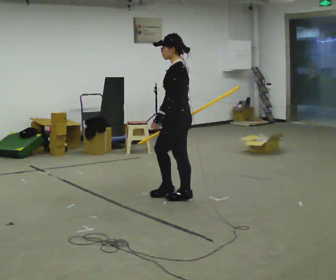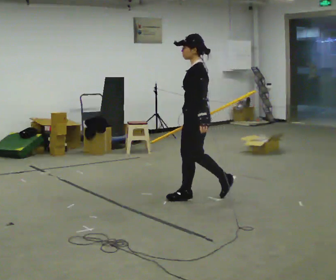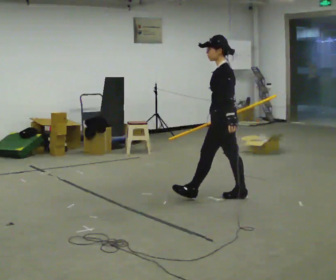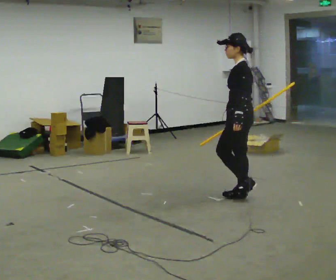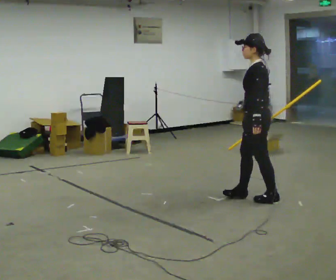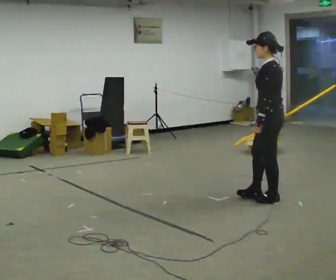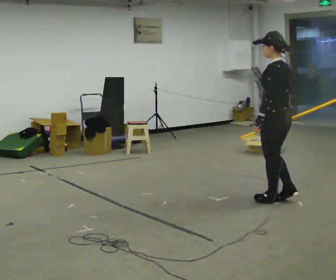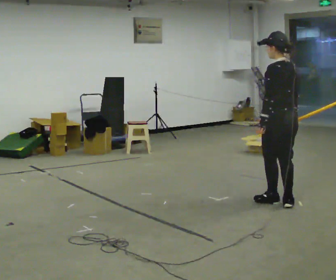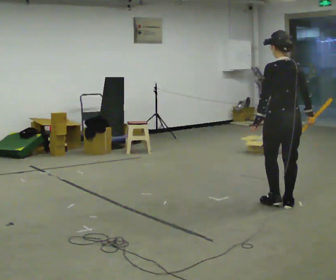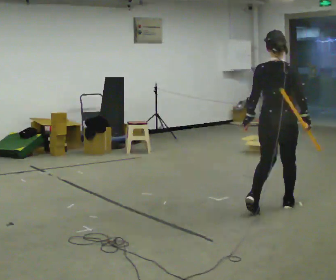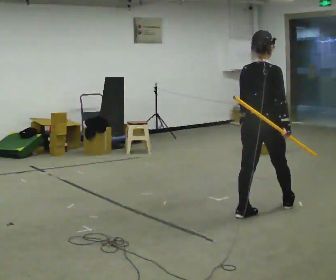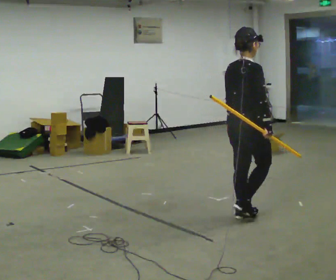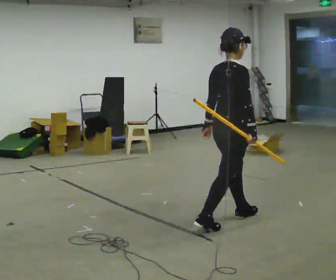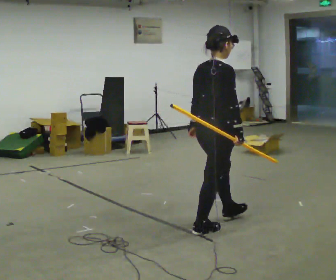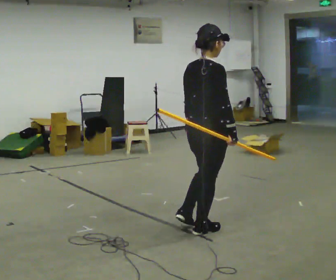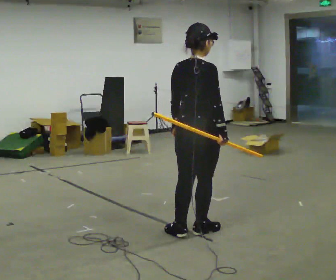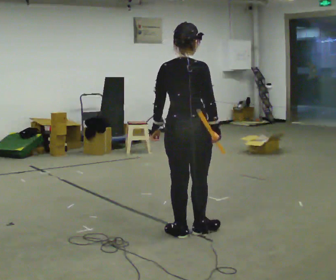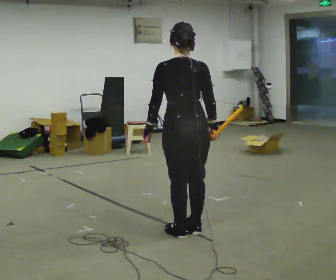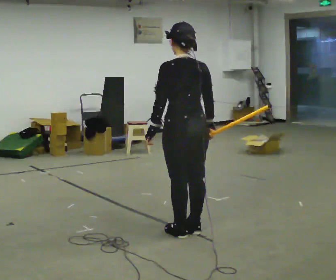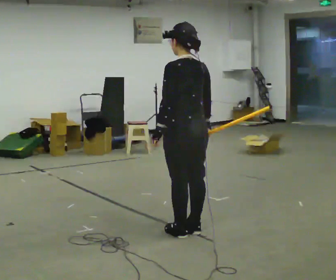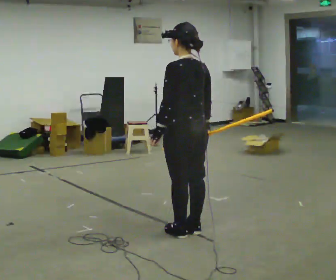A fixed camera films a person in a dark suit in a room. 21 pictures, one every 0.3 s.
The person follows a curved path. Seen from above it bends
clockwise.
0.0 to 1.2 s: In the picture they go to the right, about 1 m in 1 step, which for them is backward.
1.2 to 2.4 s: The part of the body nearest the lens slides to the left as the person turns to their right by about 60 degrees. In the picture they go to the right and toward the camera, about 0.25 m in 2 steps.
2.4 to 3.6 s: The person turns about 75 degrees to their right, clockwise seen from above, so the part of the body nearest the lens slides to the left. In the picture they go toward the camera and to the left, about 0.5 m in 1 step.
3.6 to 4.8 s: Seen from above the body turns counterclockwise, about 30 degrees: to their left, with its near side sliding to the right. In the picture they go toward the camera and to the left, about 0.5 m in 1 step, which for them is backward.
4.8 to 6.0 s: The person turns about 60 degrees to their left, counterclockwise seen from above, so the part of the body nearest the lens slides to the right.
The film runs backward here.
